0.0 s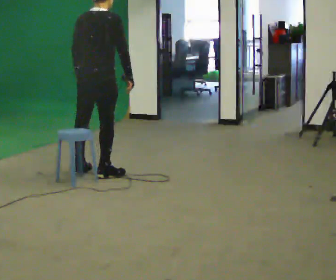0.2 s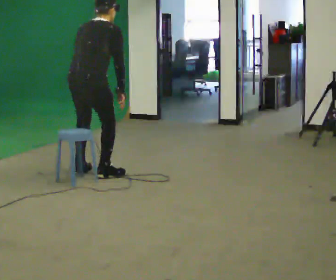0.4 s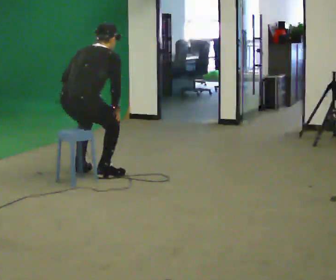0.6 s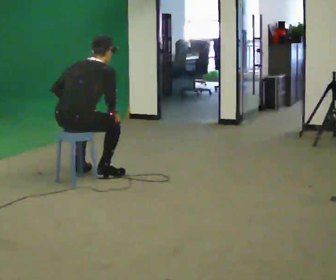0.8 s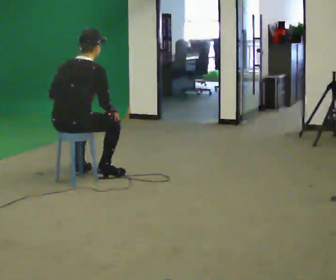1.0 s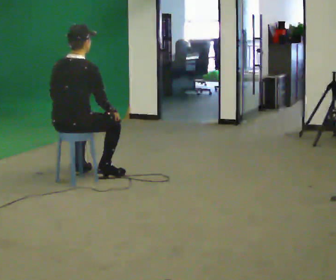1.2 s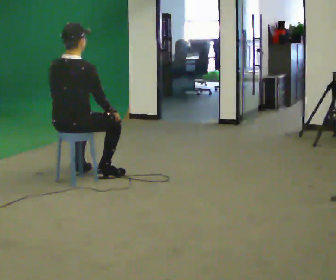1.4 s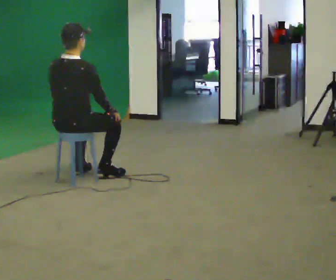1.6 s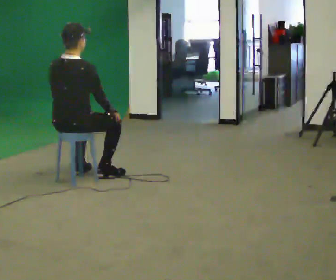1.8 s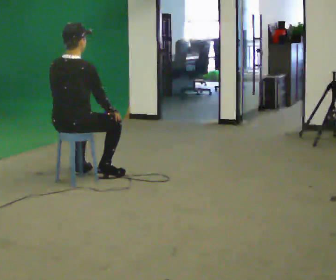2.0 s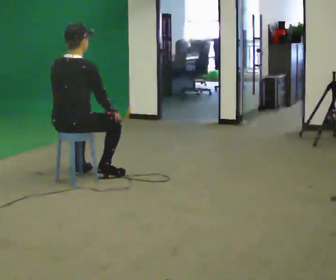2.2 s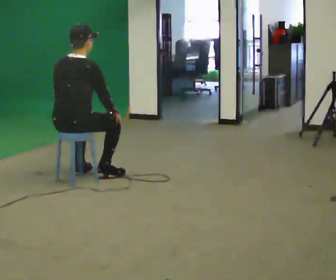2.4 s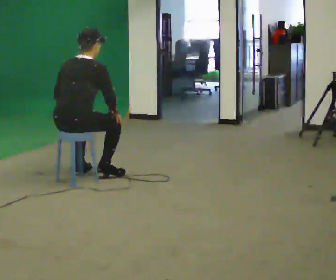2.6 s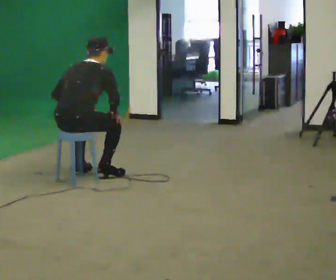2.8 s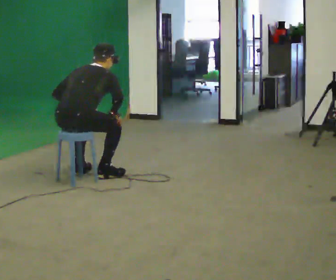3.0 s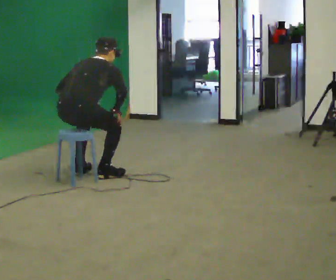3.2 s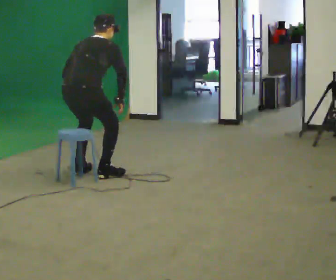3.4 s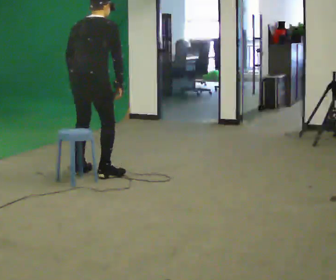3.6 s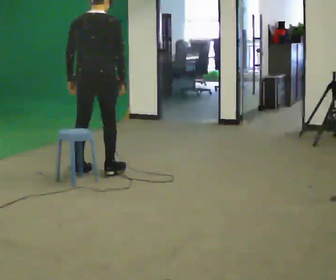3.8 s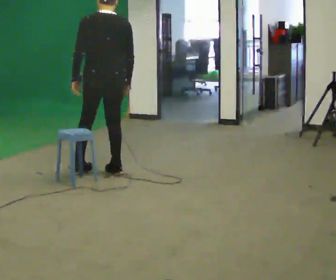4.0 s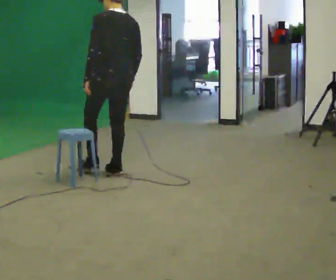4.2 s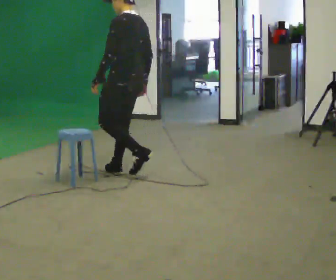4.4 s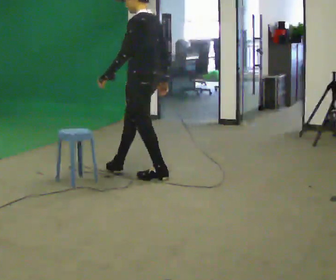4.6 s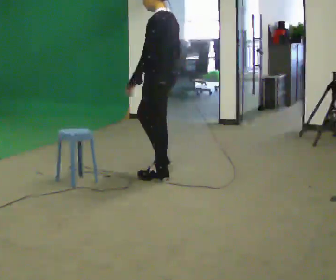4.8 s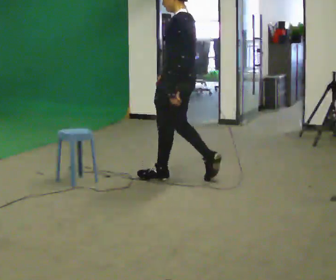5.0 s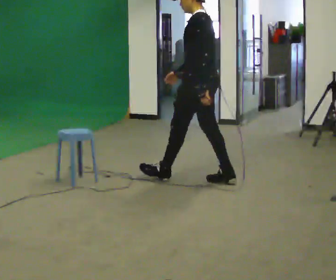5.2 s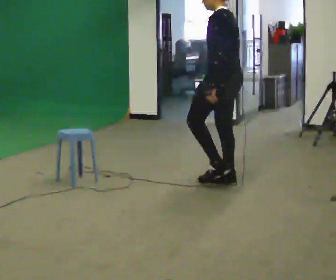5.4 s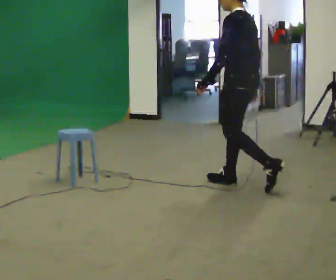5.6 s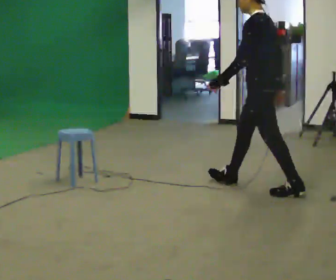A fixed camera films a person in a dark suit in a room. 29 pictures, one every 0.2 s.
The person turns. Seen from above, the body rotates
counterclockwise.
The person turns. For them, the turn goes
to their left.
0.0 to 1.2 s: In the picture they go to the left and toward the camera, about 0.25 m, which for them is backward. The upper body goes downward.
1.2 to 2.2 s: The person moves a little, or ends about where they began.
2.2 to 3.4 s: In the picture they go away from the camera, about 0.25 m, which for them is forward.
3.4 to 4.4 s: Seen from above the body turns counterclockwise, about 90 degrees: to their left, with its near side sliding to the right. In the picture they go to the right, about 0.5 m in 3 steps. The upper body tips toward the camera, its near side rolling downward, as they lean back or straighten.
4.4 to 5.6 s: In the picture they go to the right and toward the camera, about 1 m in 1 step, which for them is backward.
The film runs backward here.
